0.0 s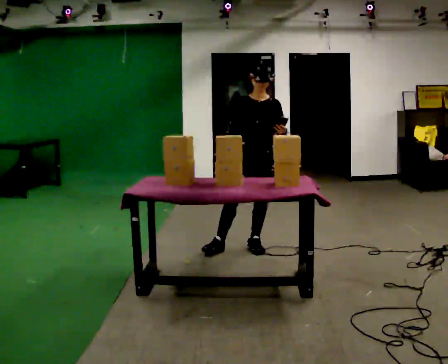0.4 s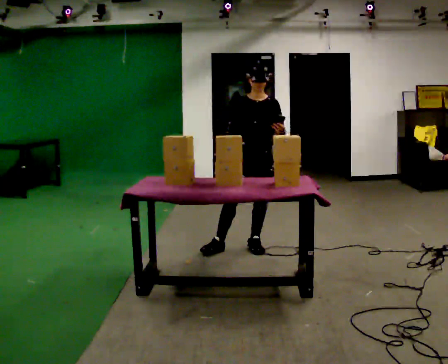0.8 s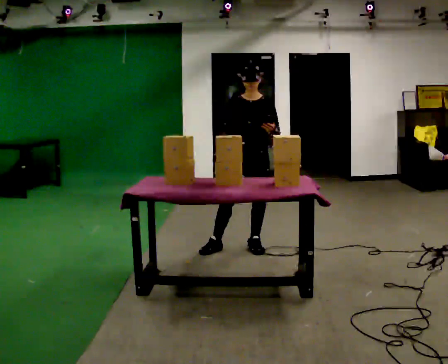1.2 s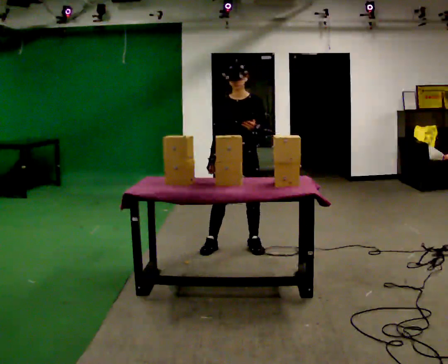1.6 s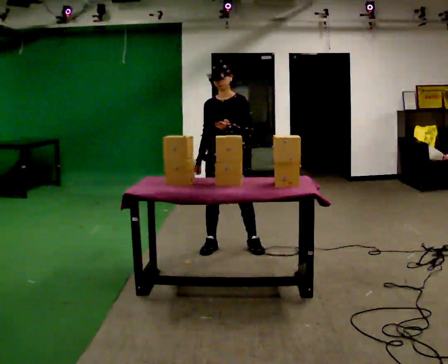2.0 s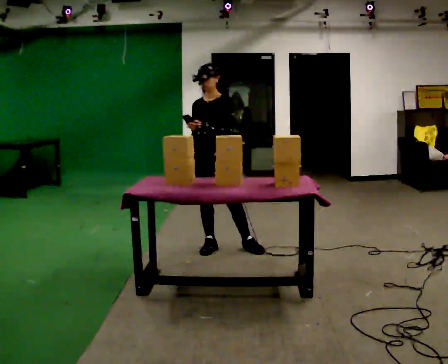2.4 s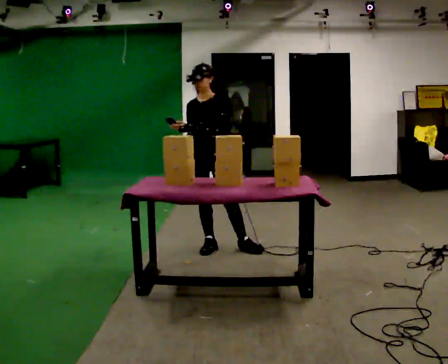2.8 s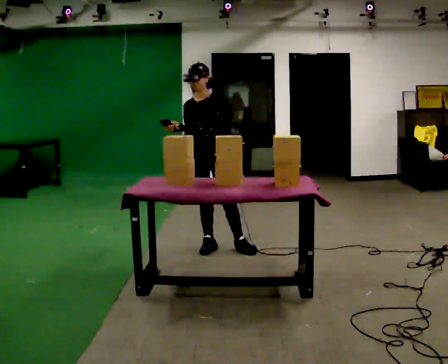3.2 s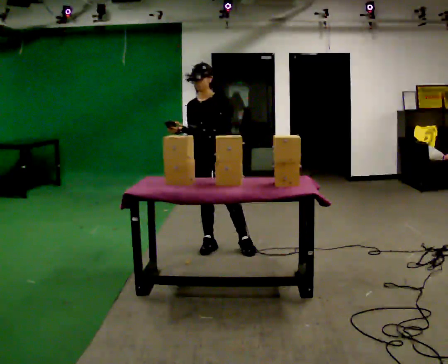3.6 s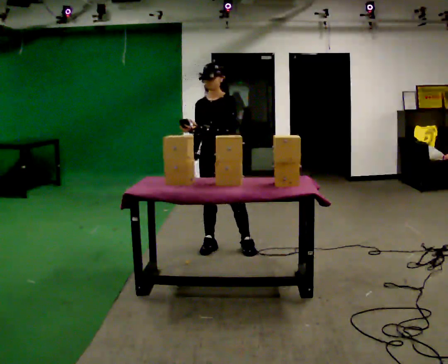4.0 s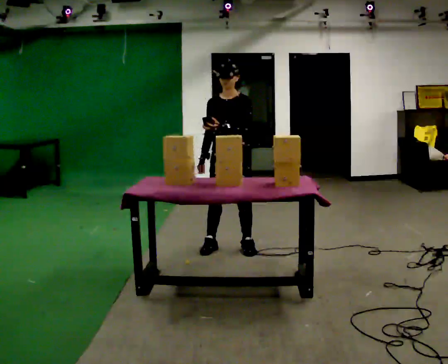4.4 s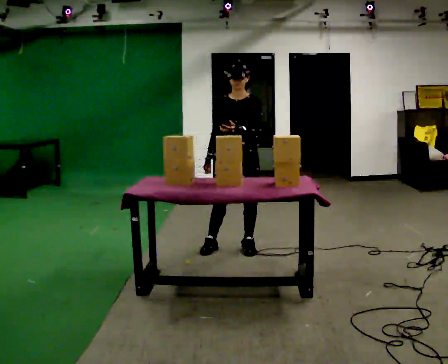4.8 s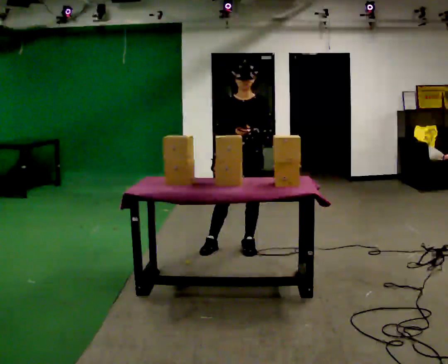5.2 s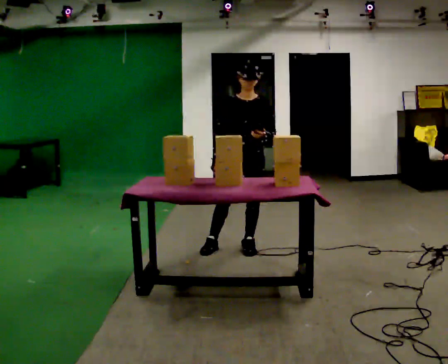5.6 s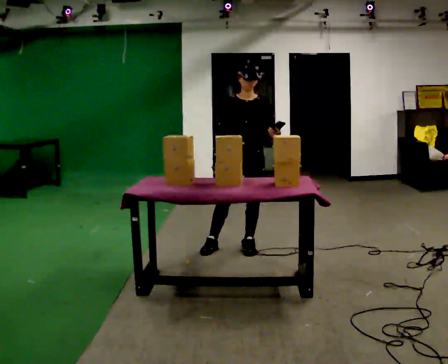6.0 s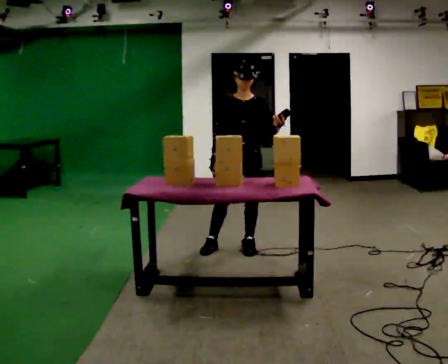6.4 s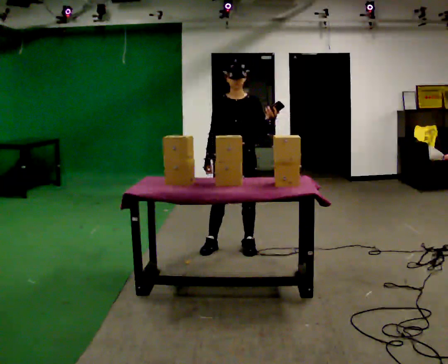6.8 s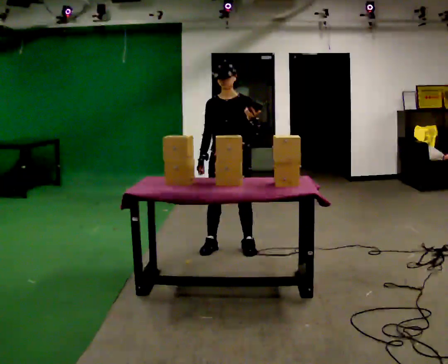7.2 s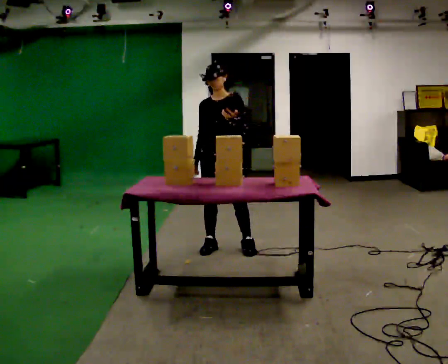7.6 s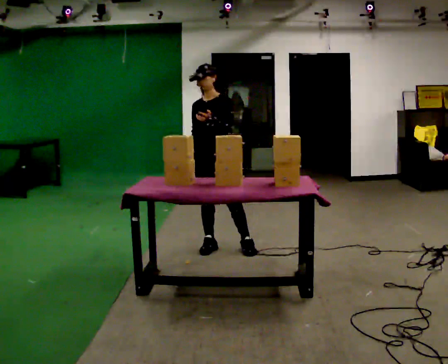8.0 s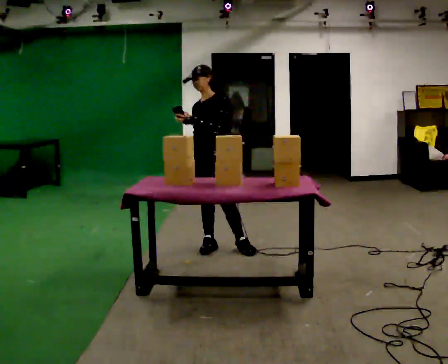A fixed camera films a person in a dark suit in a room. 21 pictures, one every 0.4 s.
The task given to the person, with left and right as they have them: Carry the handheld device and, while walking, point it at the labels on the shelves and press the button as if scanning them.
0.0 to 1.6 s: In the picture they go to the left, about 0.25 m, which for them is to their right.
1.6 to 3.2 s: In the picture their left hand goes to the left.
3.2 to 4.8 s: In the picture they go to the right, about 0.25 m, which for them is to their left.
4.8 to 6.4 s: The person moves a little, or ends about where they began.
6.4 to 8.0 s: The part of the body nearest the lens slides to the left as the person turns to their right by about 30 degrees. In the picture they go to the left, about 0.25 m, which for them is to their right. In the picture their left hand goes to the left.
The film runs forward here.
